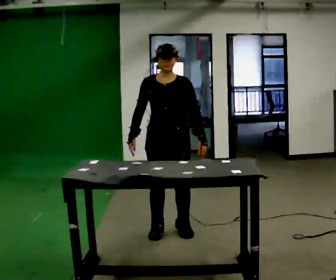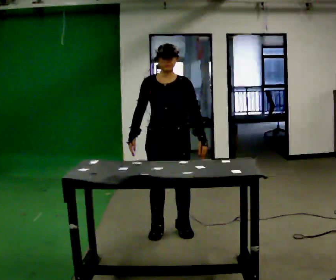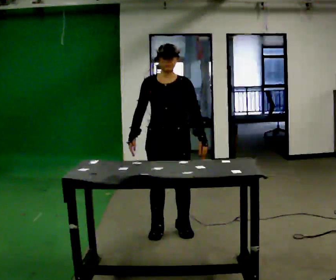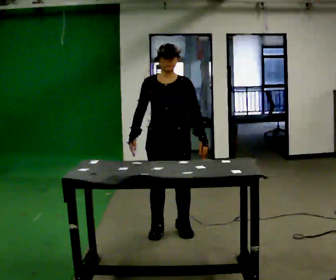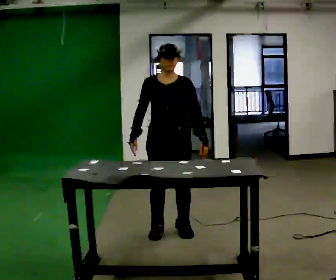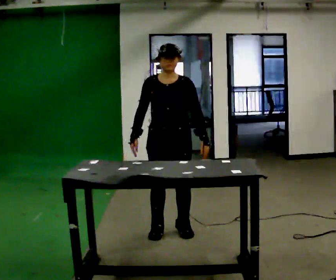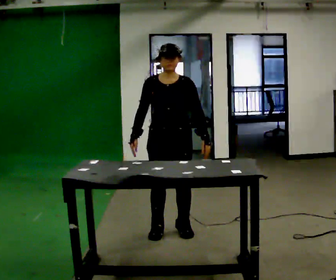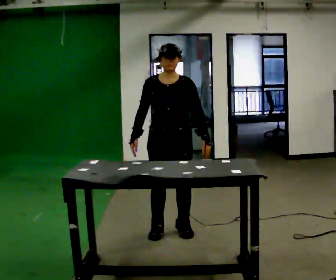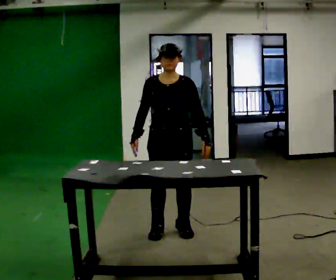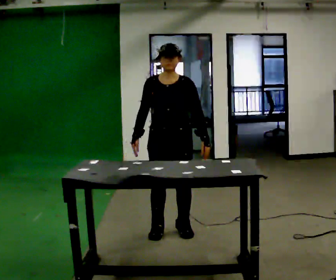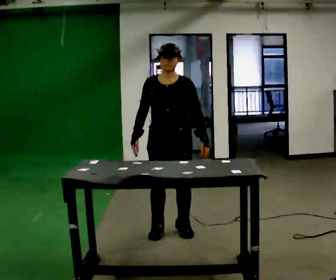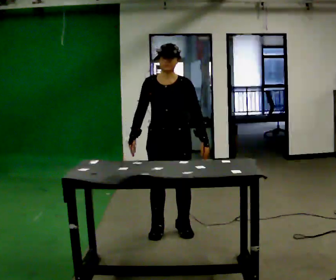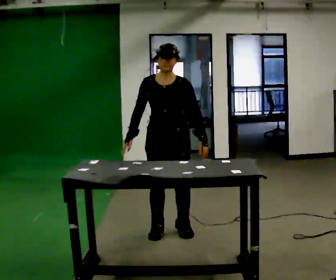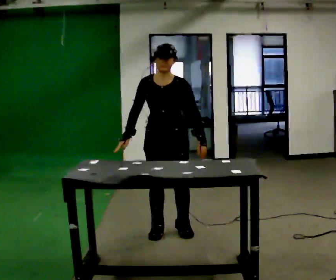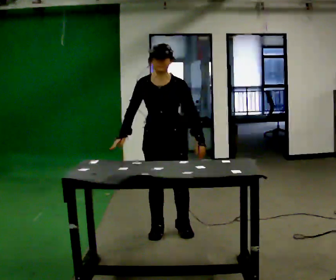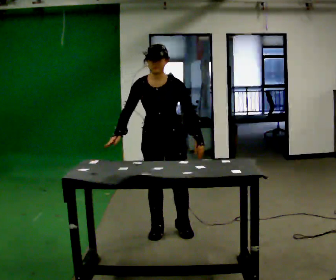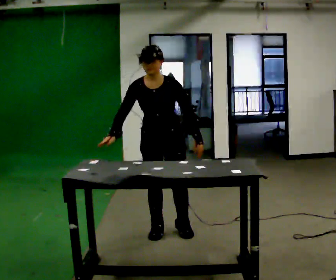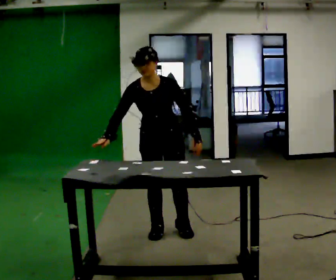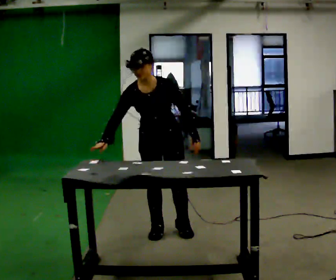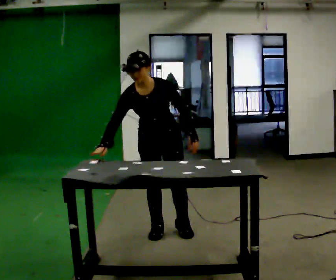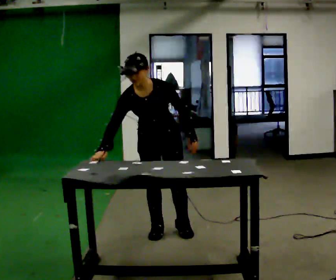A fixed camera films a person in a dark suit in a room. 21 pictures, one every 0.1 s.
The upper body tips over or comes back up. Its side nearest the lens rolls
downward.
0.0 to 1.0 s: The person moves a little, or ends about where they began.
1.0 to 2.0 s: The upper body tips toward the camera, its near side rolling downward, as they bend forward.
The film runs backward here.
